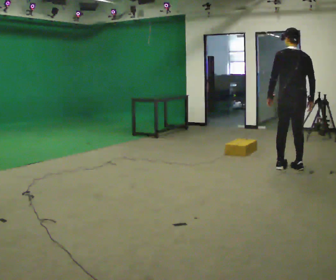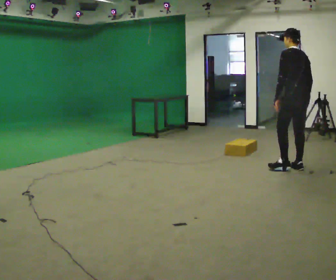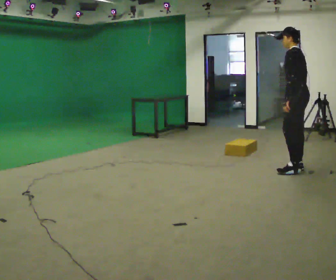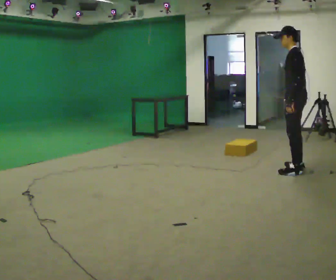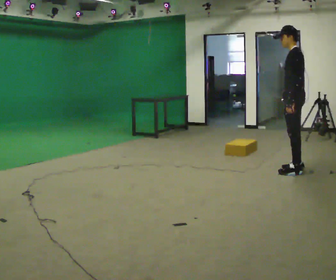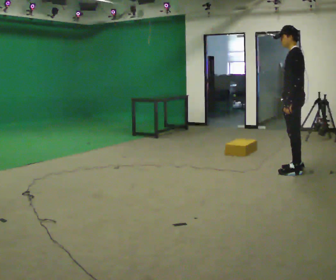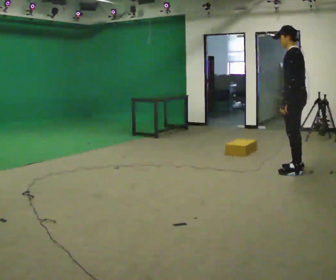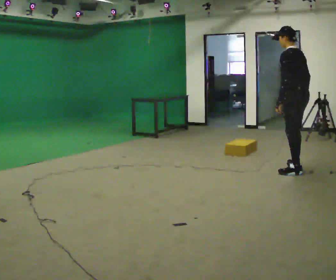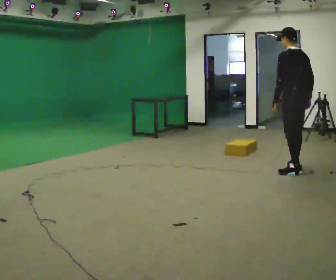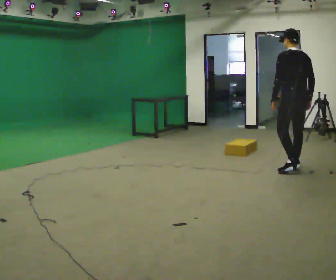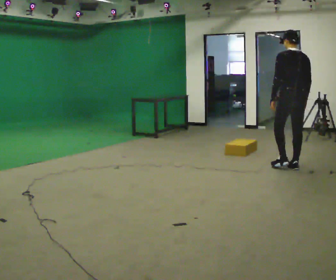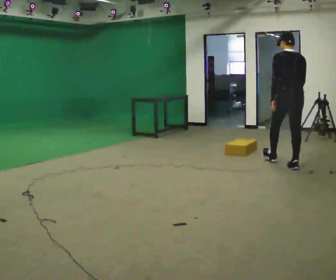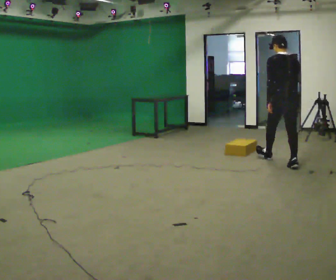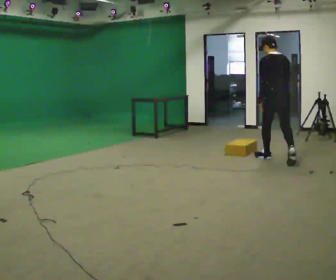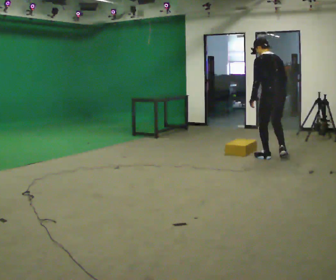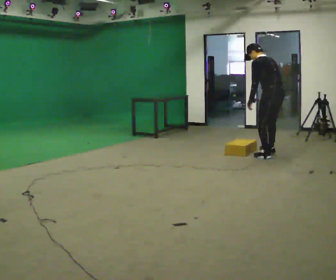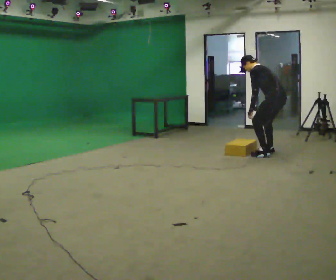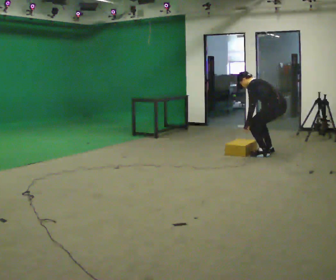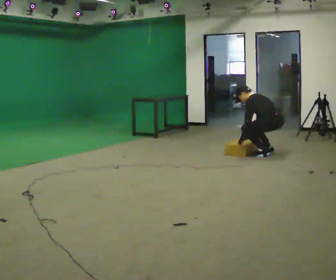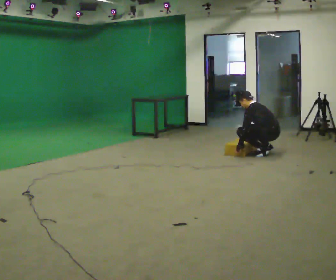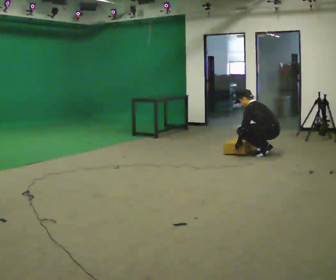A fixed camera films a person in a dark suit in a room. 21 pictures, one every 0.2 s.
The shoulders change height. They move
downward.
The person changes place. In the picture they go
away from the camera.
0.0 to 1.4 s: The part of the body nearest the lens slides to the right as the person turns to their left by about 30 degrees.
1.4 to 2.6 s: Seen from above the body turns clockwise, about 30 degrees: to their right, with its near side sliding to the left. In the picture they go away from the camera and to the left, about 0.5 m in 1 step, which for them is forward.
2.6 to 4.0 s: The part of the body nearest the lens slides to the right as the person turns to their left by about 45 degrees. In the picture they go away from the camera, about 0.5 m in 2 steps, which for them is to their right and forward. The upper body goes downward. In the picture their right hand goes downward.
The film runs forward here.
